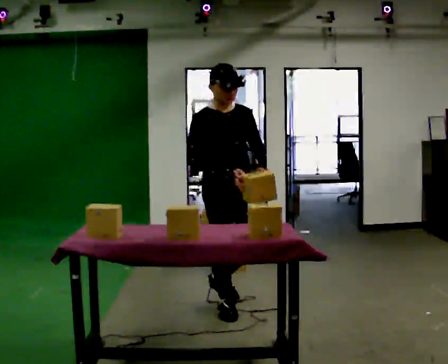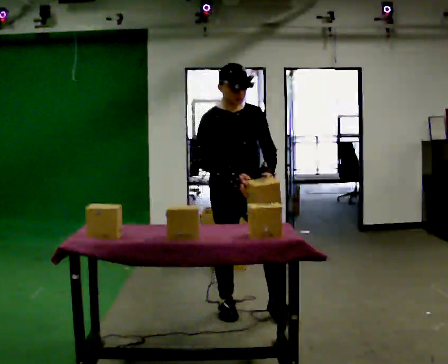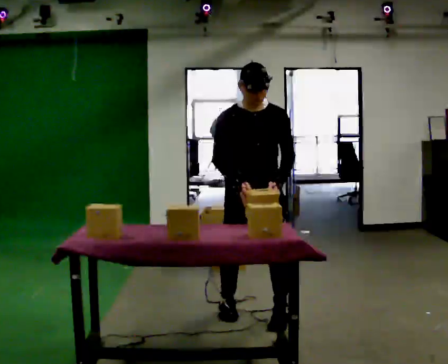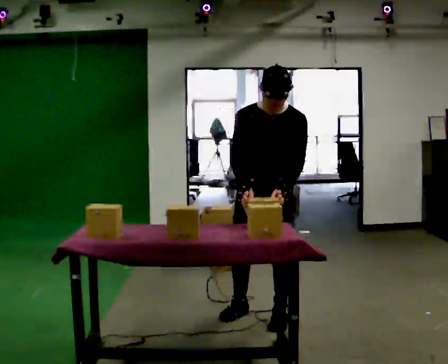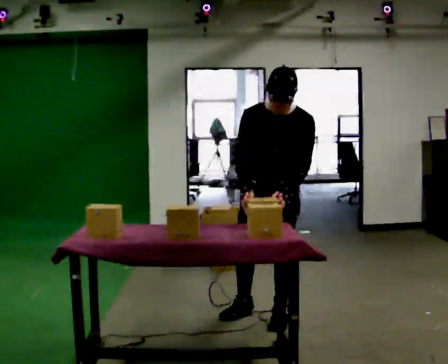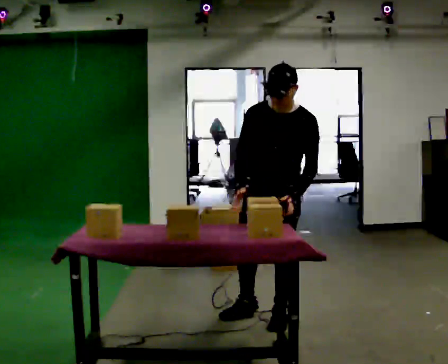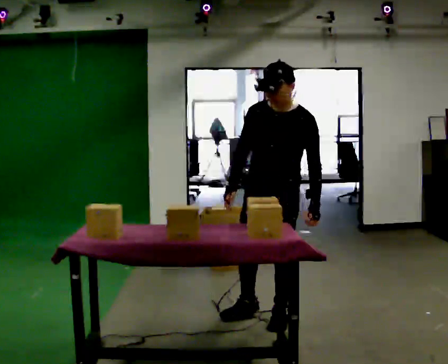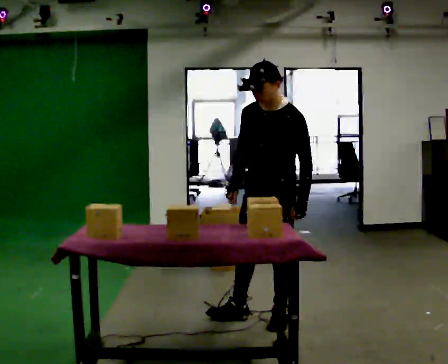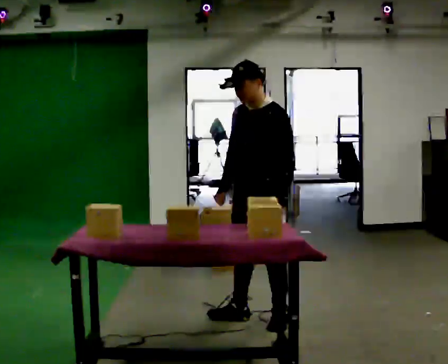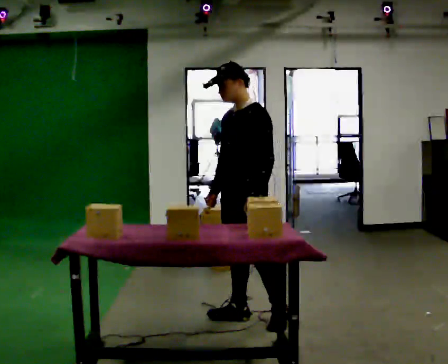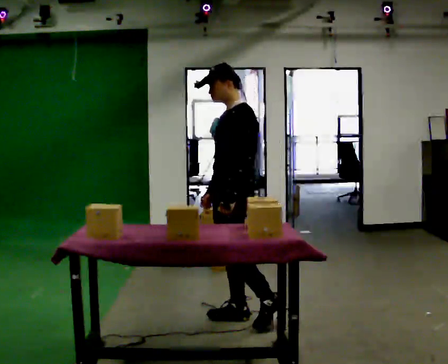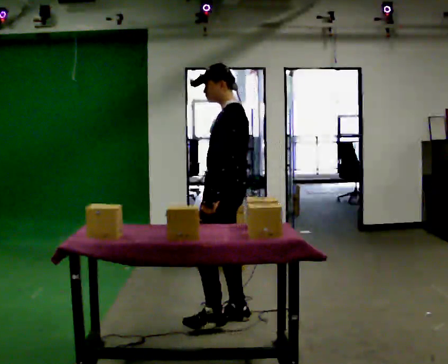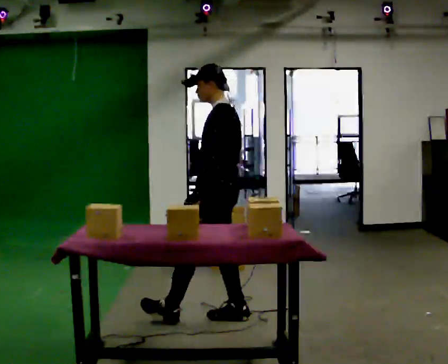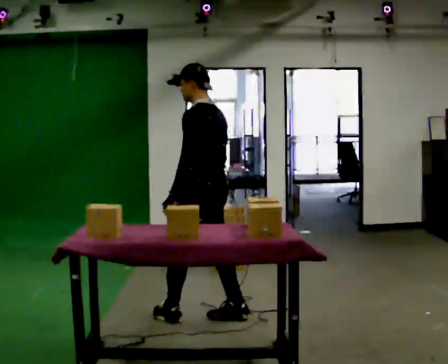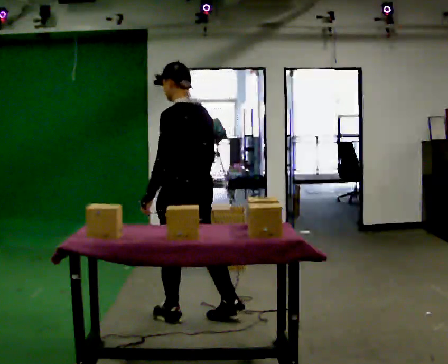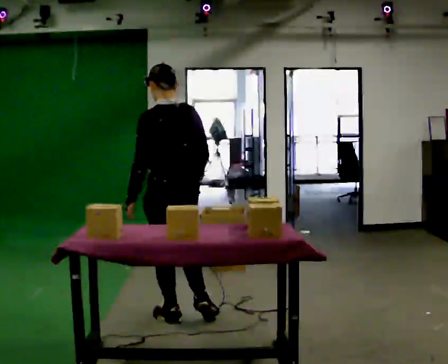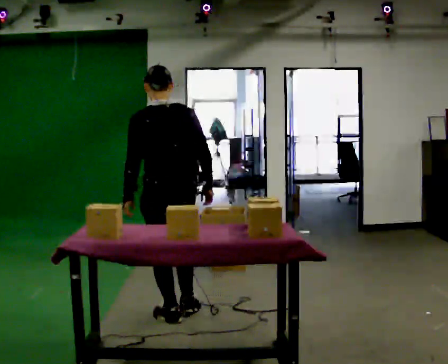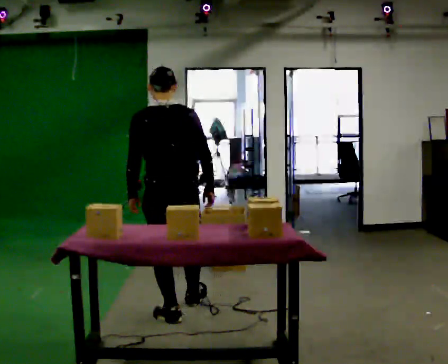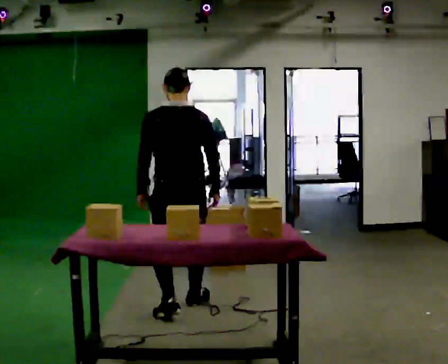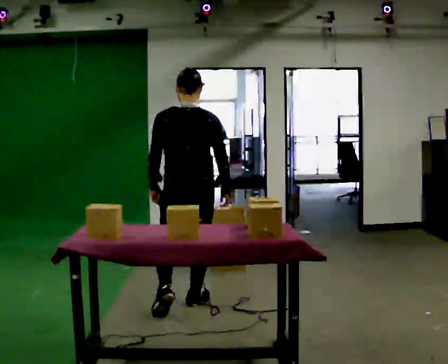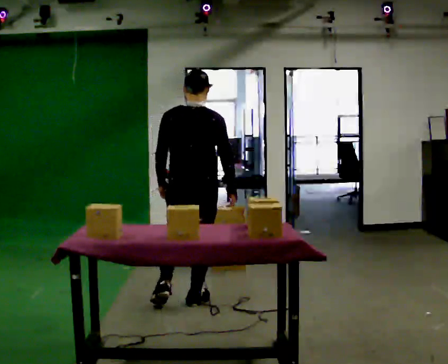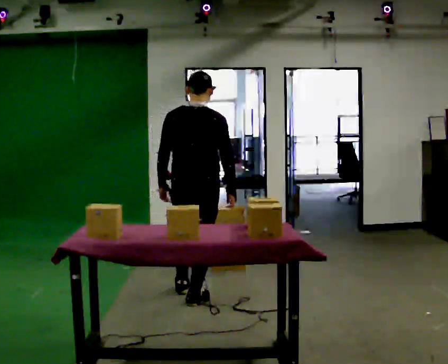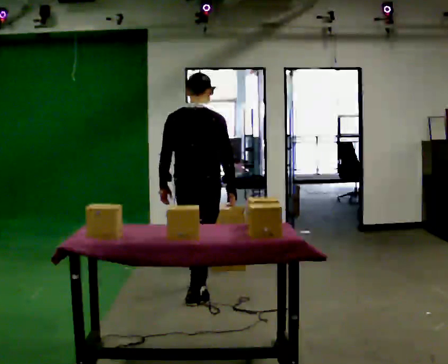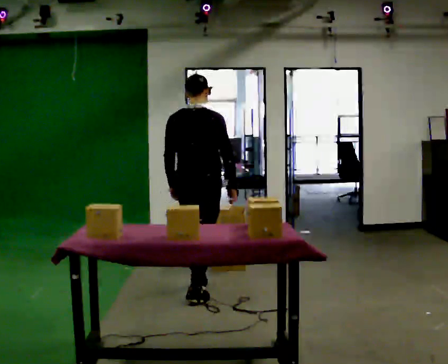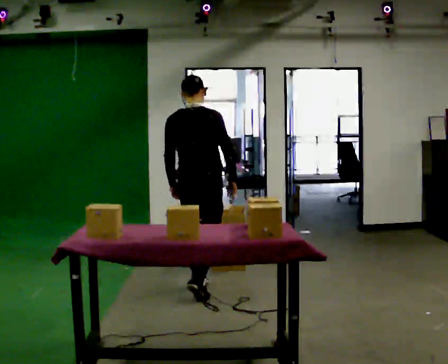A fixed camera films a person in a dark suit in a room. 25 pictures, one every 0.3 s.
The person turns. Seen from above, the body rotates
clockwise.
The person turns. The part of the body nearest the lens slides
to the left.
0.0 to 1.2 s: Seen from above the body turns clockwise, about 45 degrees: to their right, with its near side sliding to the left. In the picture they go to the right, about 0.25 m in 2 steps, which for them is to their left and forward. The upper body tips toward the camera, its near side rolling downward, as they bend forward.
1.2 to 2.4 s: The part of the body nearest the lens slides to the left as the person turns to their right by about 30 degrees.
2.4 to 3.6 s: Seen from above the body turns clockwise, about 45 degrees: to their right, with its near side sliding to the left. In the picture they go to the left, about 0.25 m, which for them is forward and to their right.
3.6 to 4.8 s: Seen from above the body turns clockwise, about 60 degrees: to their right, with its near side sliding to the left. In the picture they go to the left, about 0.25 m in 1 step, which for them is forward and to their left.
4.8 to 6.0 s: The part of the body nearest the lens slides to the left as the person turns to their right by about 30 degrees. In the picture they go away from the camera, about 0.25 m in 1 step, which for them is forward and to their right.
6.0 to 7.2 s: In the picture they go away from the camera, about 0.5 m in 1 step, which for them is forward.
The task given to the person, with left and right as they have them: Carry the box over and put it on the shelf with the label facing out towards you. Get the orientation right, not just the position. Keep going until the operator says stop; one object at a time, and do not rush between trips.
The film runs forward here.
